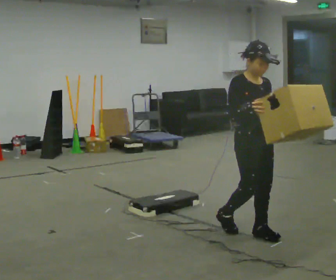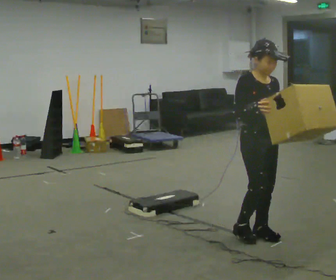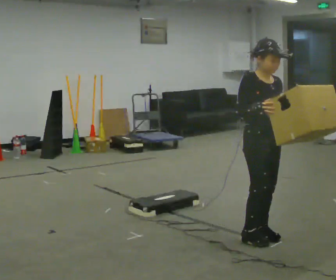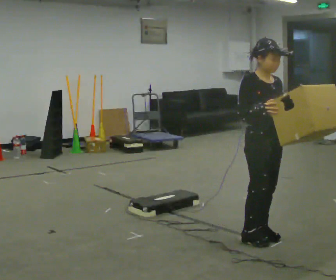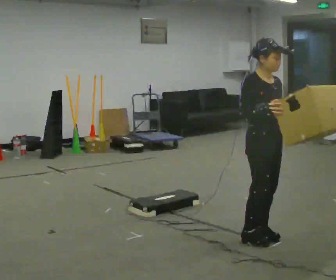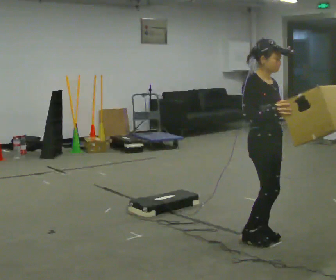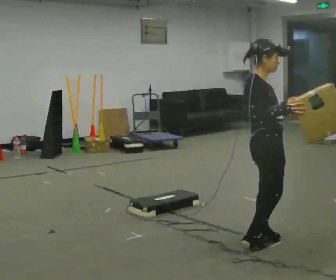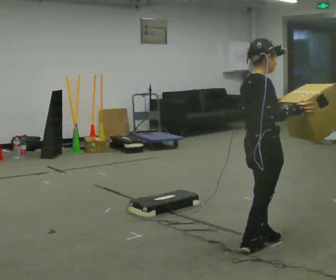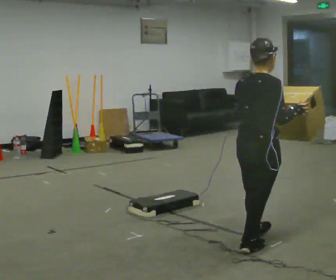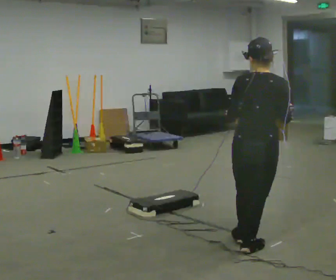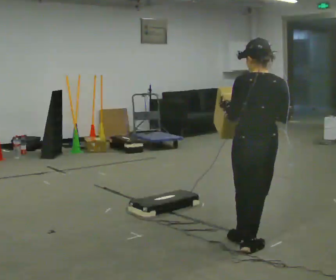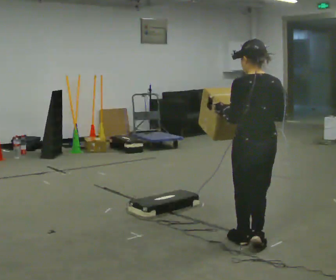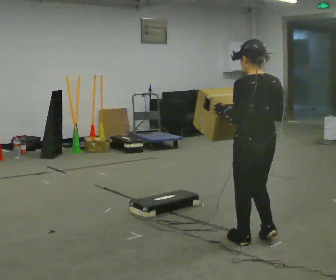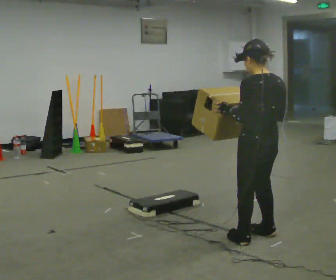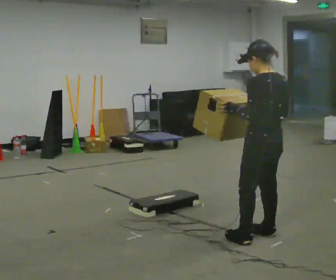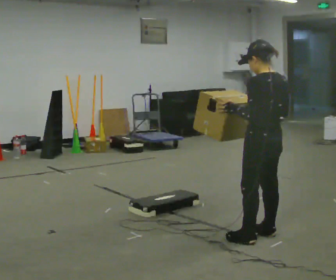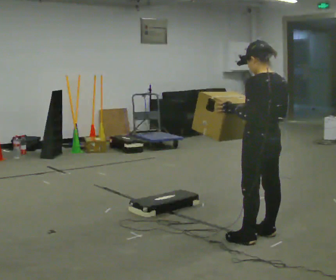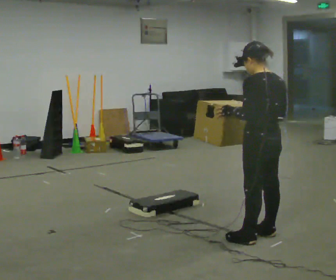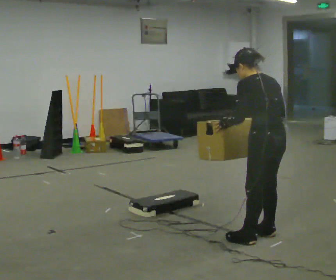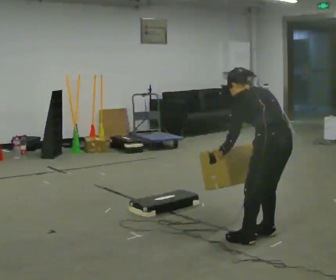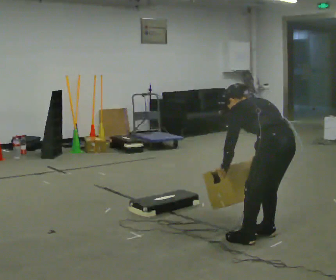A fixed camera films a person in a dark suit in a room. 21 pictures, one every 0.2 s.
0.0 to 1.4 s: Seen from above the body turns counterclockwise, about 75 degrees: to their left, with its near side sliding to the right. In the picture they go toward the camera, about 0.25 m in 2 steps.
1.4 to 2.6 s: The person turns about 105 degrees to their left, counterclockwise seen from above, so the part of the body nearest the lens slides to the right.
2.6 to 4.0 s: The upper body goes downward. The upper body tips away from the camera, its near side rolling upward, as they bend forward. In the picture their right hand goes downward.
The film runs forward here.
